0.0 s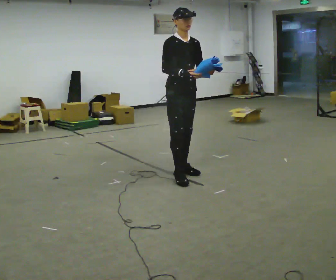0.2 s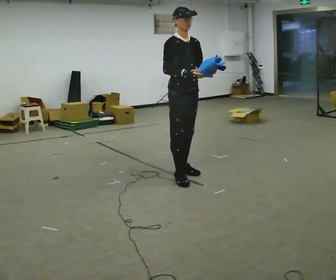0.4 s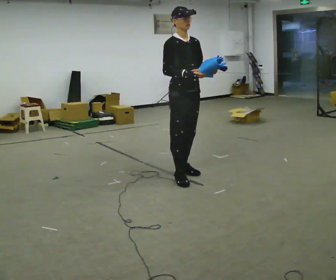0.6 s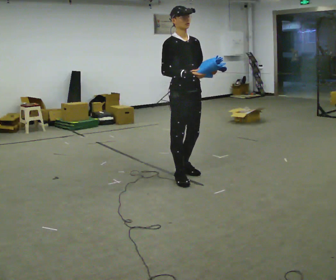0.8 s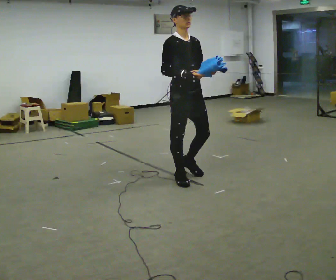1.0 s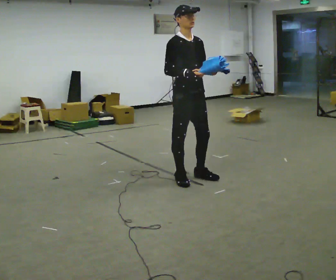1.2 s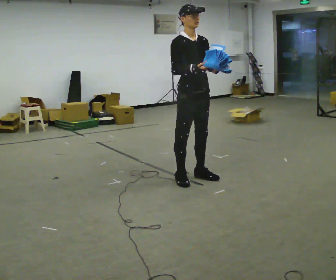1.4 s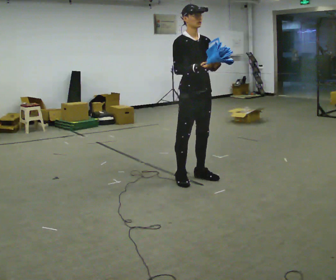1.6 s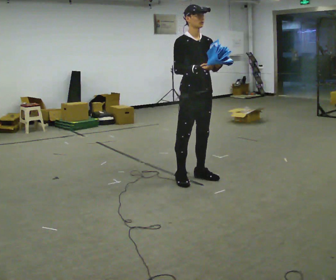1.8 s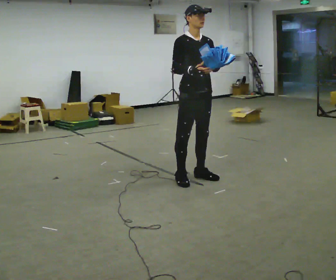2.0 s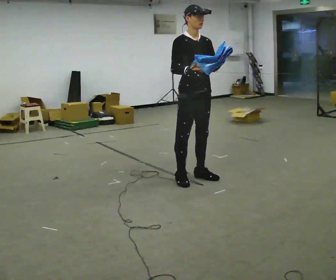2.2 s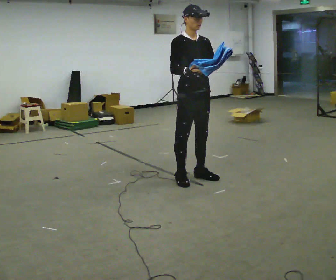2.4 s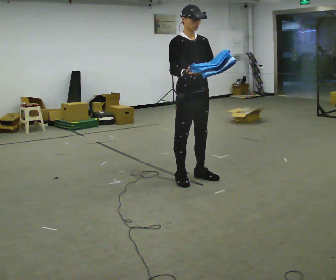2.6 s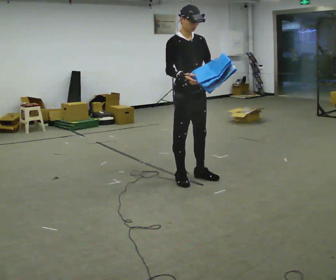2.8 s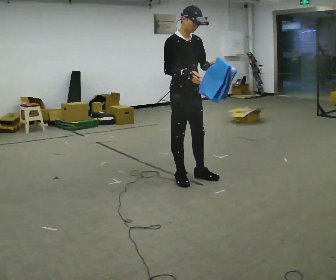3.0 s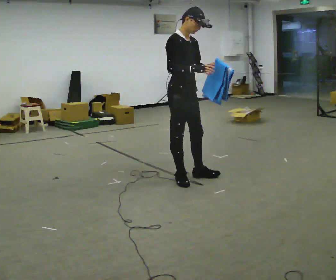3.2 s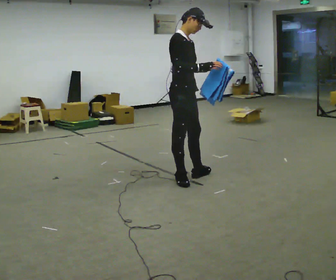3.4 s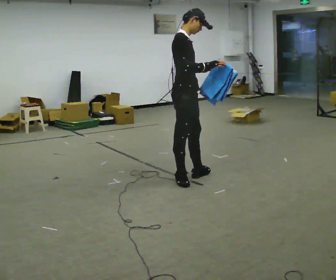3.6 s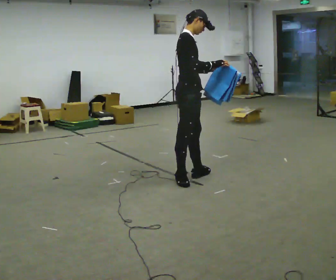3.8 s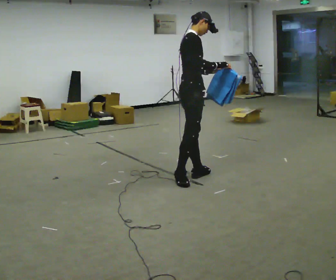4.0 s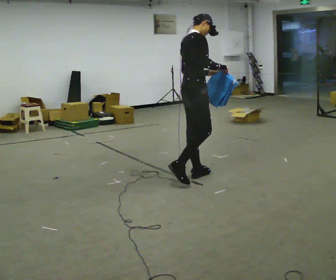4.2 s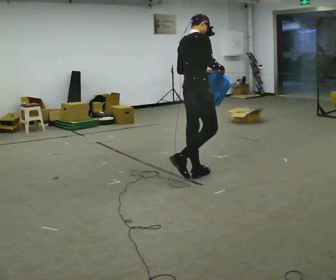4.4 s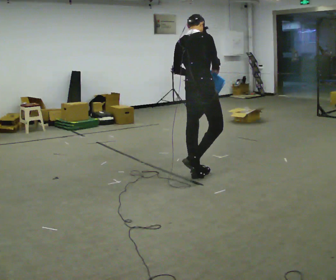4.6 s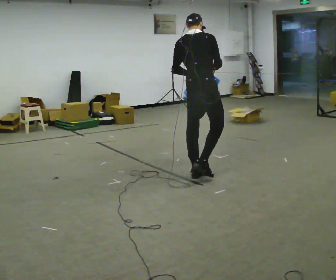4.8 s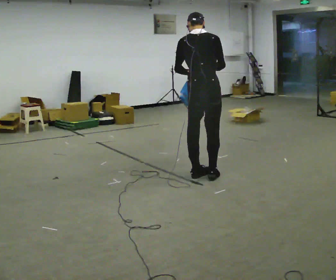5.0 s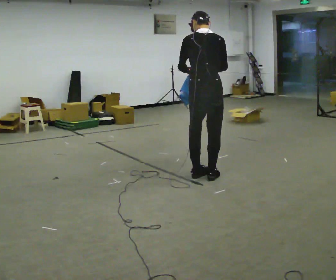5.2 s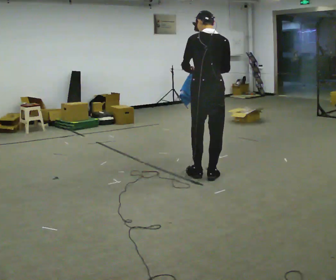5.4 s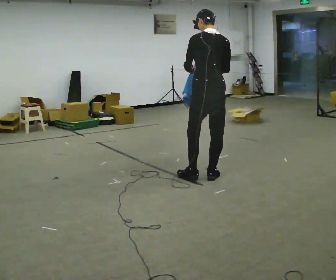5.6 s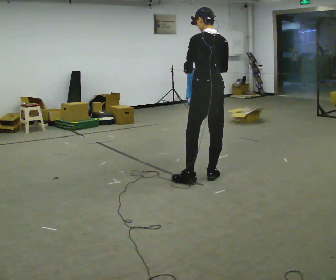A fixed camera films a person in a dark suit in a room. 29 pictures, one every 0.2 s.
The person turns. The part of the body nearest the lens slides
to the right.
The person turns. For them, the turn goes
to their left.
0.0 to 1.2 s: In the picture they go toward the camera and to the right, about 0.25 m in 2 steps, which for them is forward.
1.2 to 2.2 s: The person moves a little, or ends about where they began.
2.2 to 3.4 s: The person turns about 45 degrees to their left, counterclockwise seen from above, so the part of the body nearest the lens slides to the right.
3.4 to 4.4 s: The part of the body nearest the lens slides to the right as the person turns to their left by about 60 degrees.
4.4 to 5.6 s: The part of the body nearest the lens slides to the right as the person turns to their left by about 60 degrees. In the picture they go to the right, about 0.25 m in 1 step.
The film runs forward here.
